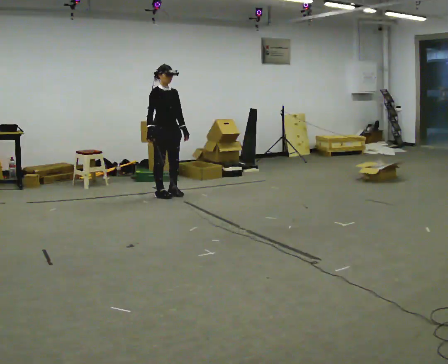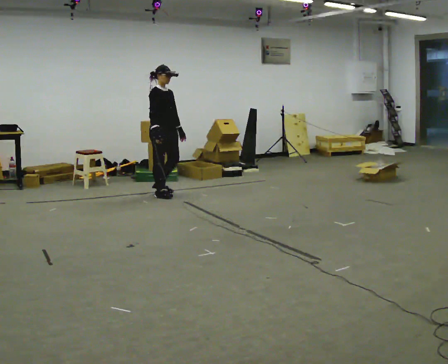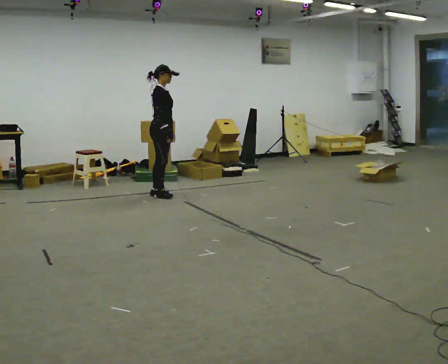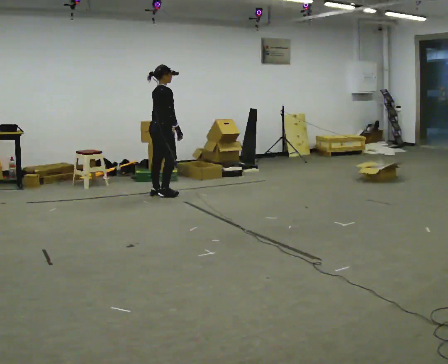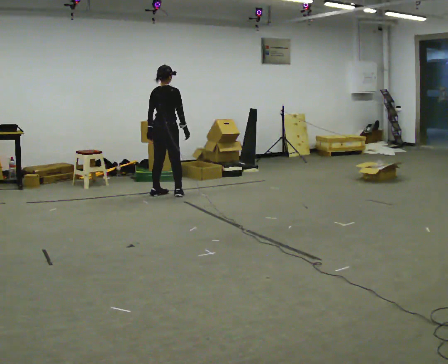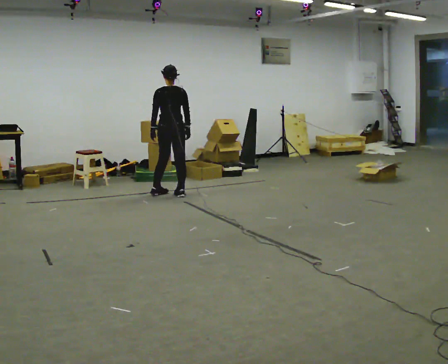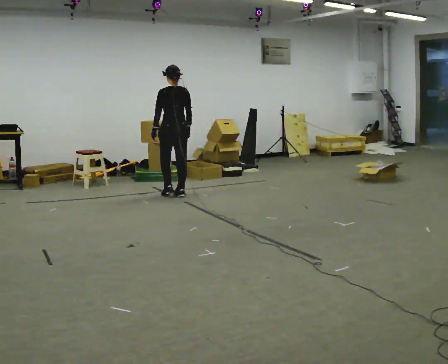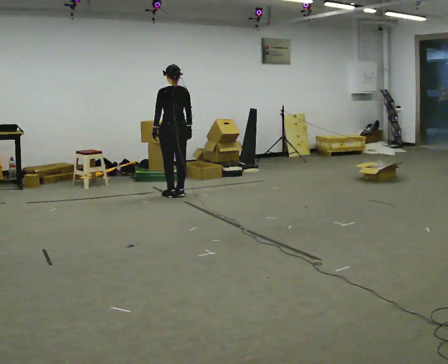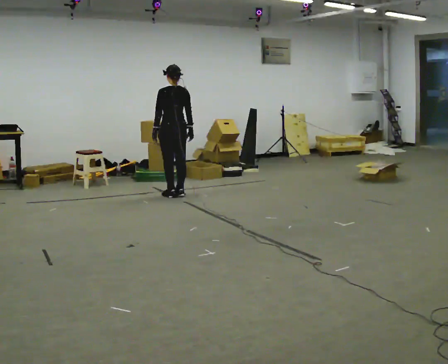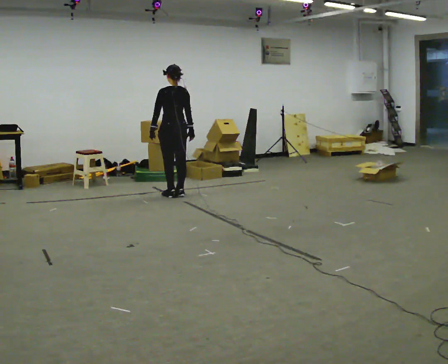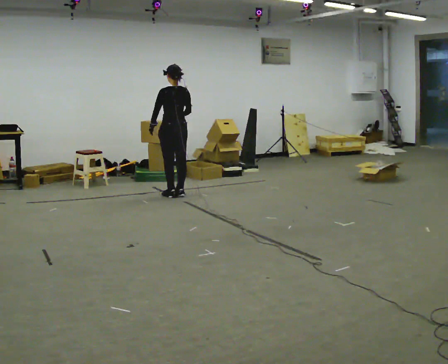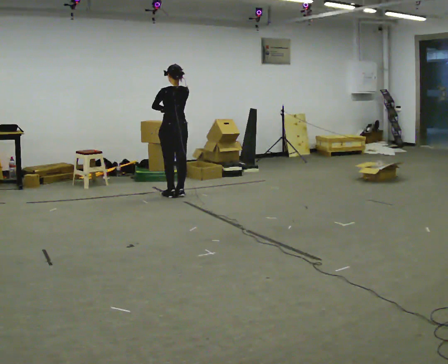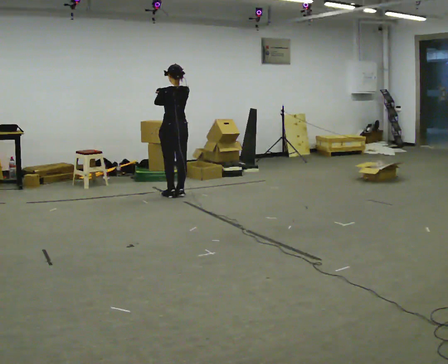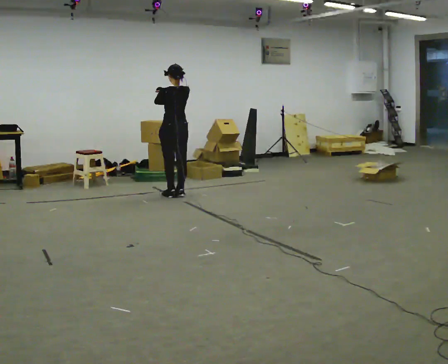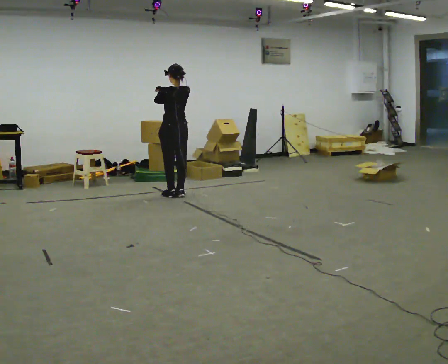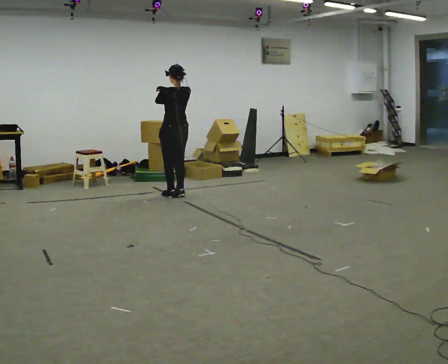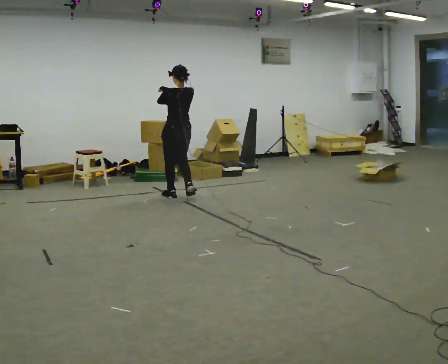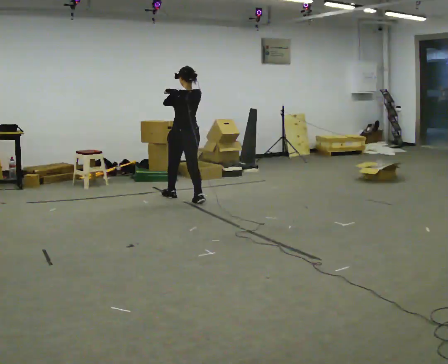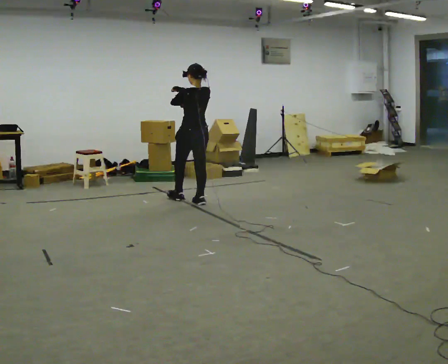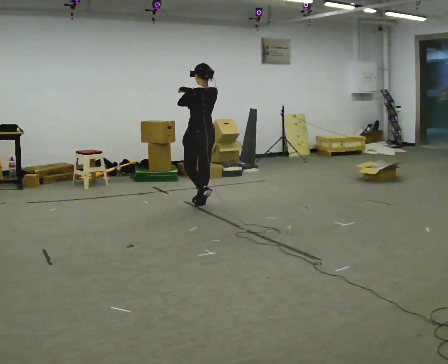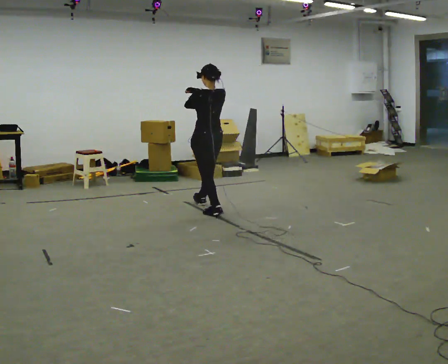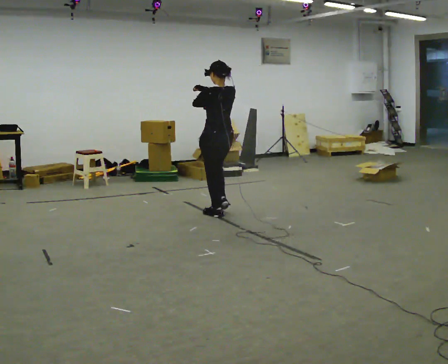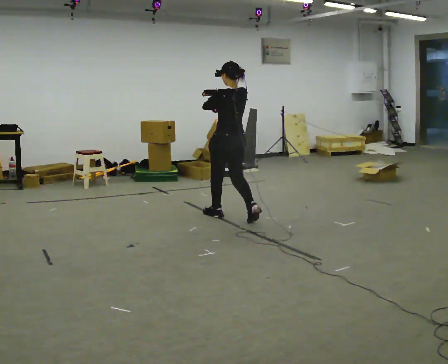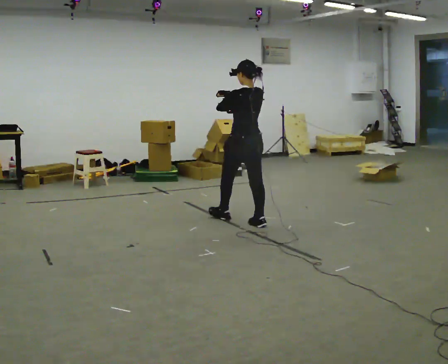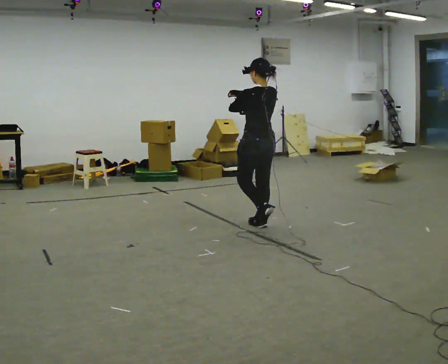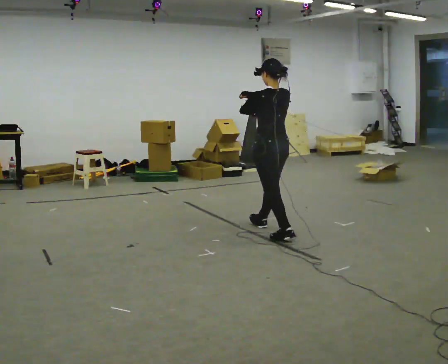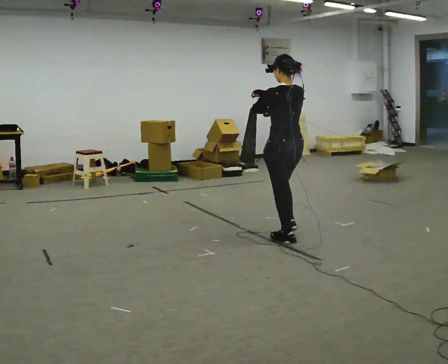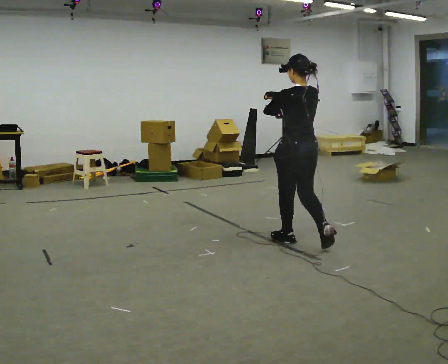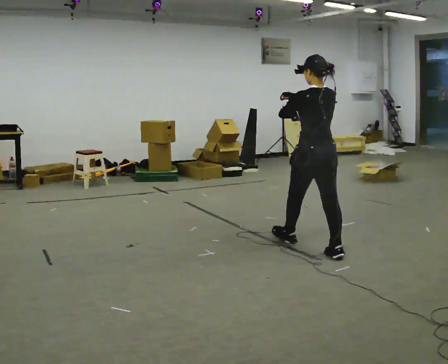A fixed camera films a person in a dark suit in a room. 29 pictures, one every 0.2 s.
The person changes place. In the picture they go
toward the camera.
The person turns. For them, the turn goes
to their left.
0.0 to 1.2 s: Seen from above the body turns counterclockwise, about 150 degrees: to their left, with its near side sliding to the right. In the picture their right hand goes to the right.
1.2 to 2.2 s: In the picture their right hand goes upward.
2.2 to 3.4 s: In the picture they go toward the camera, about 0.25 m in 1 step, which for them is backward.
3.4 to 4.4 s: In the picture they go toward the camera and to the right, about 1 m in 2 steps, which for them is backward.
4.4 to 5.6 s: In the picture they go toward the camera and to the right, about 1.5 m in 3 steps, which for them is backward.
The film runs backward here.
